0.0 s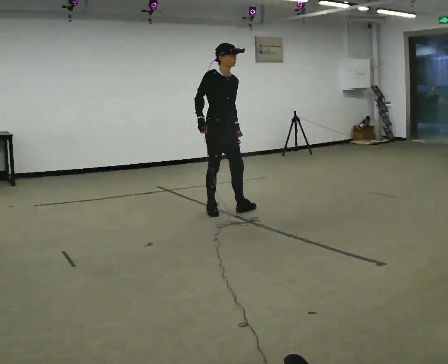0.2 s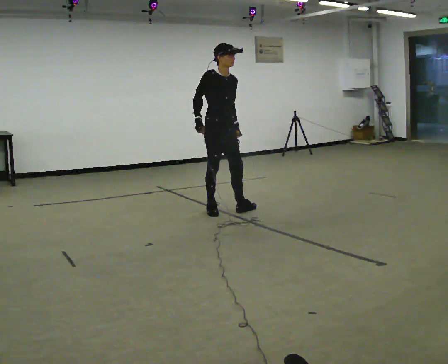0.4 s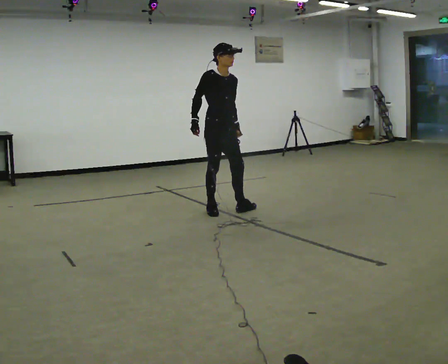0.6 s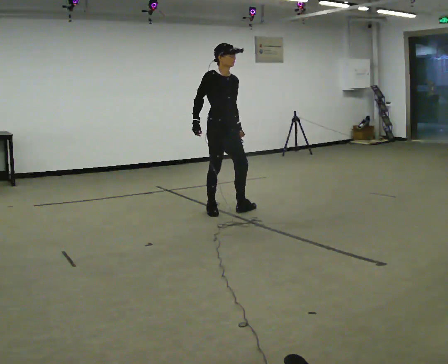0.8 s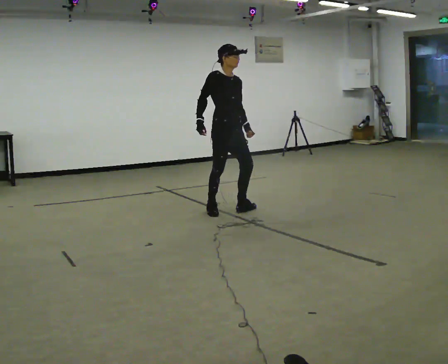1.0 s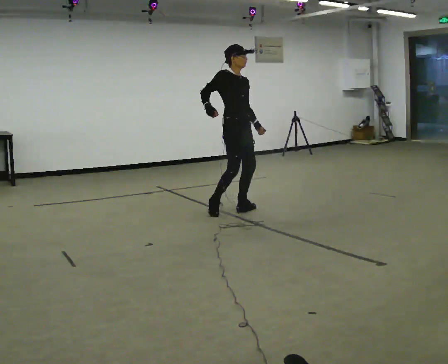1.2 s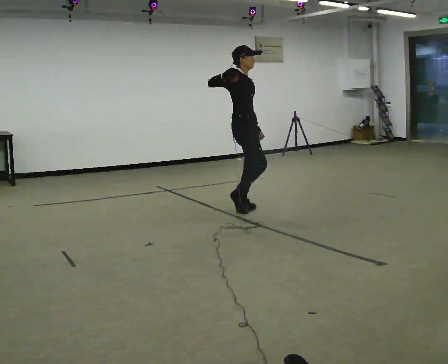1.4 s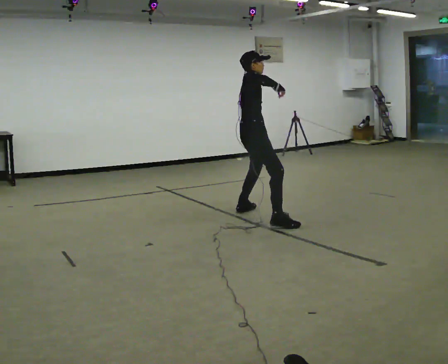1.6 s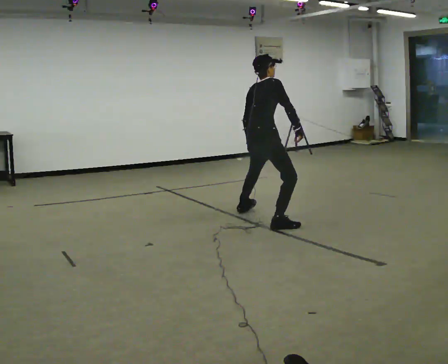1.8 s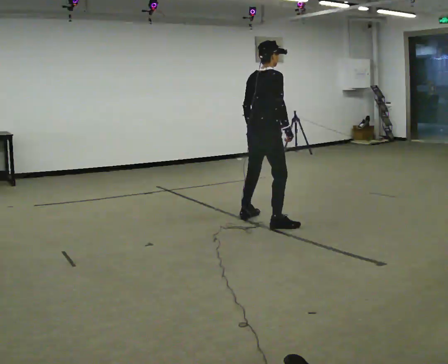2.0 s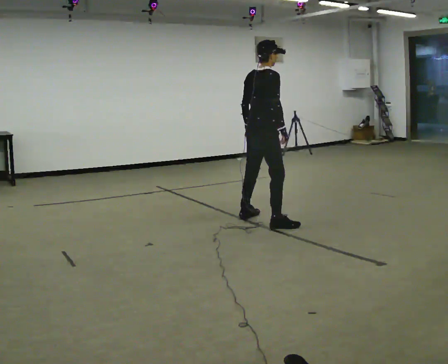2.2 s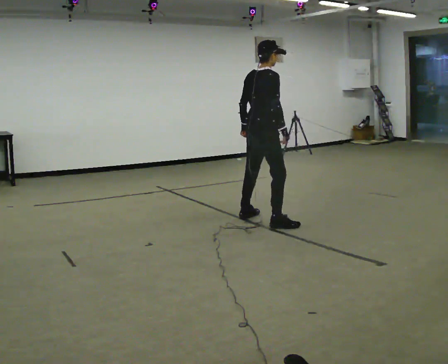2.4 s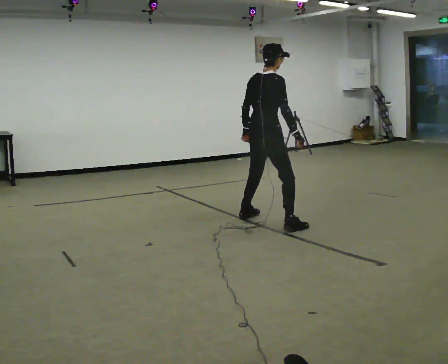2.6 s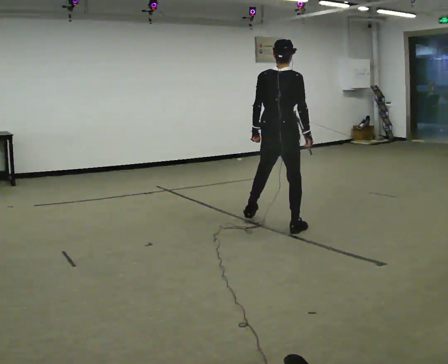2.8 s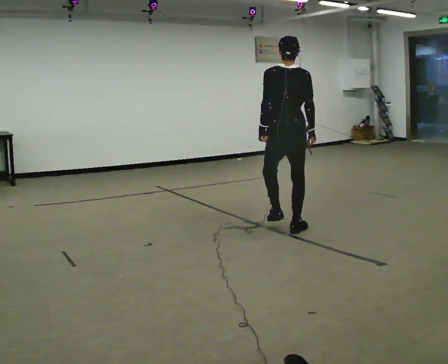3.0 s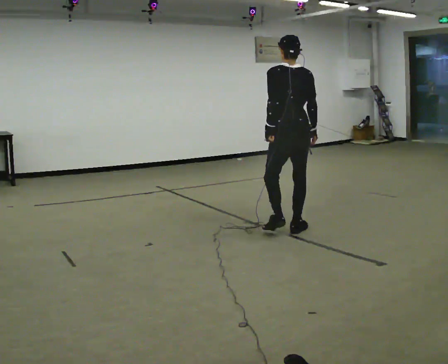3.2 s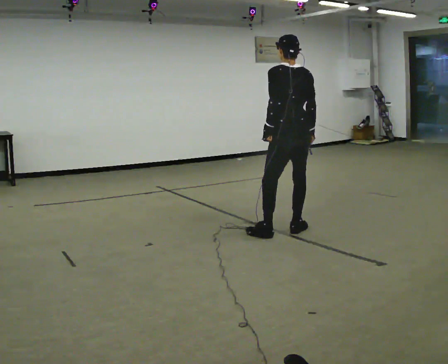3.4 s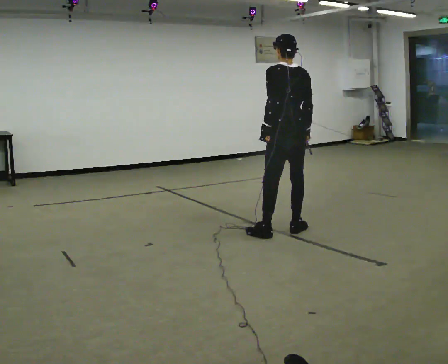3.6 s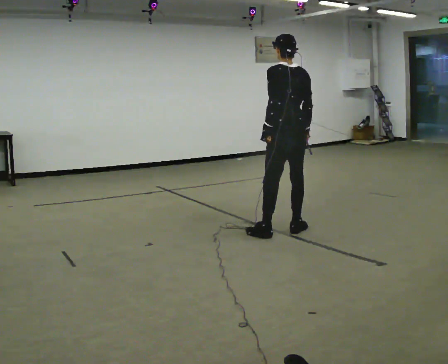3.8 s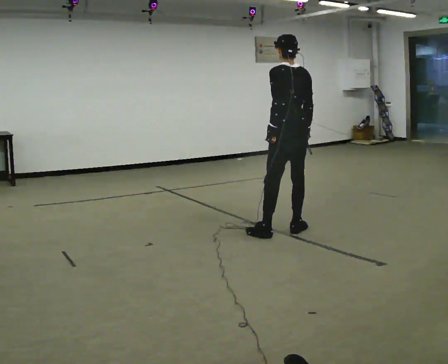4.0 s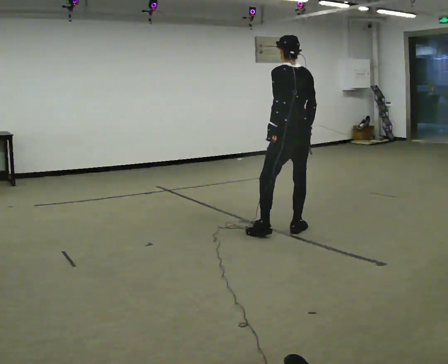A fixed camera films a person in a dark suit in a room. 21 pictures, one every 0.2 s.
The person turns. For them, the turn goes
to their left.
The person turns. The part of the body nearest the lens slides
to the right.
0.0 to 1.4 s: The part of the body nearest the lens slides to the right as the person turns to their left by about 45 degrees. In the picture they go to the right and toward the camera, about 0.25 m in 1 step, which for them is forward. The upper body tips away from the camera, its near side rolling upward. In the picture their right hand goes upward.
1.4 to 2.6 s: The part of the body nearest the lens slides to the right as the person turns to their left by about 60 degrees. In the picture they go toward the camera and to the right, about 0.5 m in 3 steps. The upper body tips toward the camera, its near side rolling downward. In the picture their right hand goes downward.
2.6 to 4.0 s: The person turns about 45 degrees to their left, counterclockwise seen from above, so the part of the body nearest the lens slides to the right.
The film runs backward here.
